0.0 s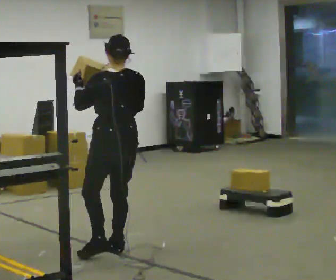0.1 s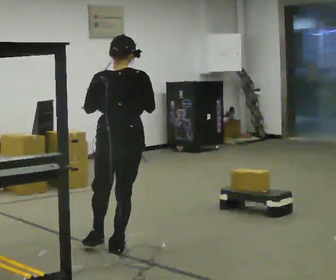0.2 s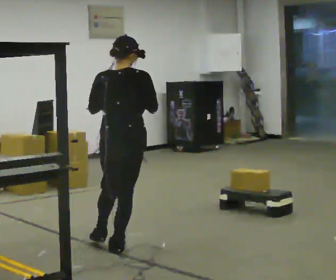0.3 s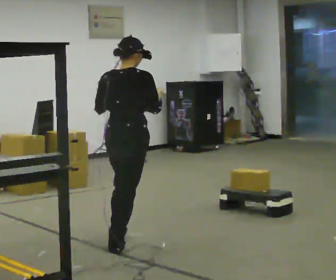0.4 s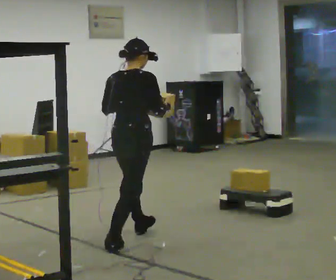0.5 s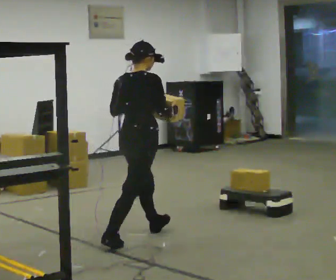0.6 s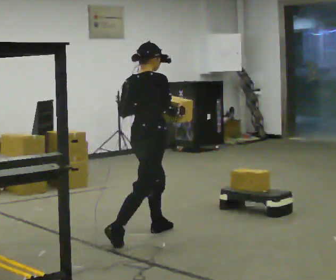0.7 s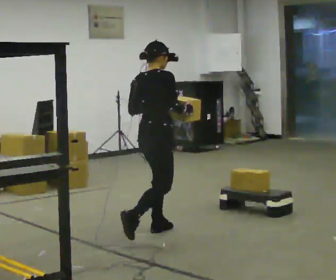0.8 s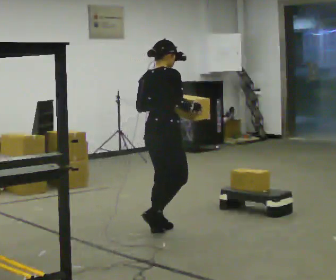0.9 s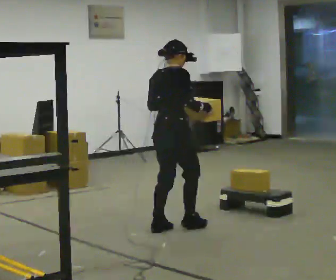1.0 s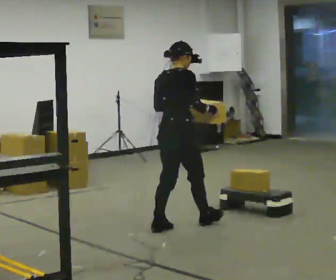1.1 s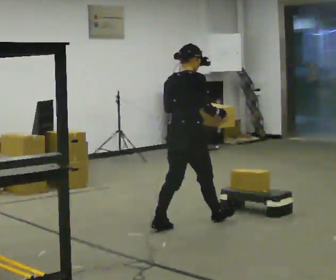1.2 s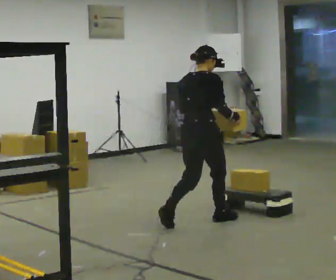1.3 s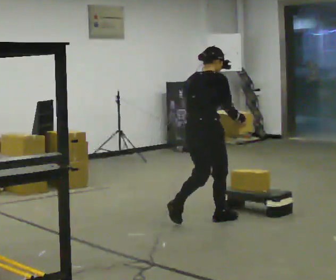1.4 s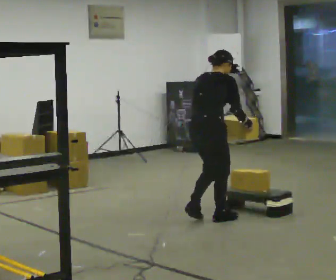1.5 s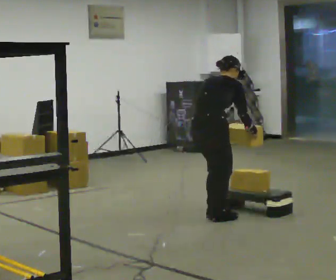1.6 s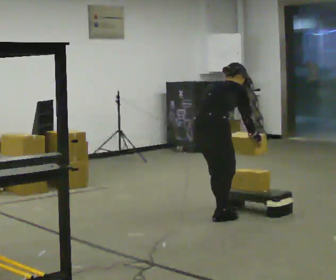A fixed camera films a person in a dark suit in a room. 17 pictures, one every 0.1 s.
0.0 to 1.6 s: The person turns about 75 degrees to their right, clockwise seen from above, so the part of the body nearest the lens slides to the left. In the picture they go away from the camera and to the right, about 1 m in 3 steps. The upper body tips away from the camera, its near side rolling upward, as they bend forward. In the picture their right hand goes downward.
The film runs forward here.
